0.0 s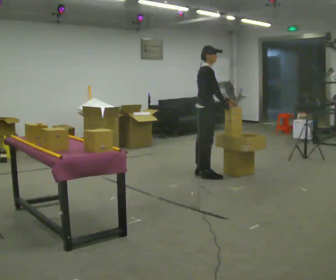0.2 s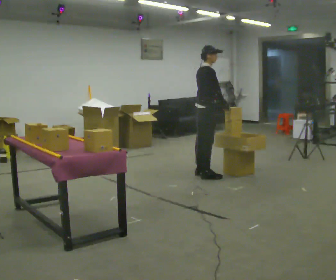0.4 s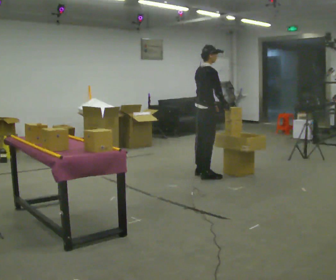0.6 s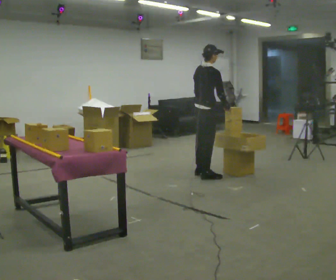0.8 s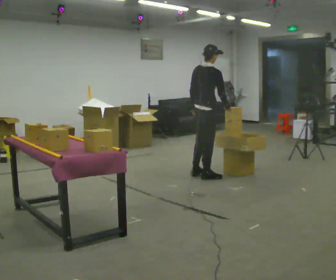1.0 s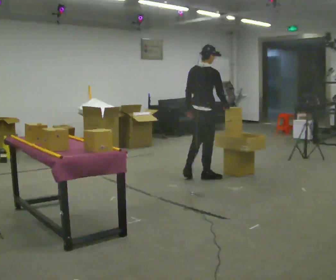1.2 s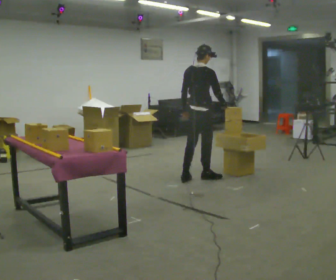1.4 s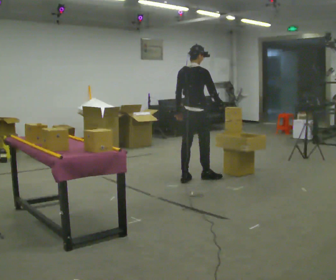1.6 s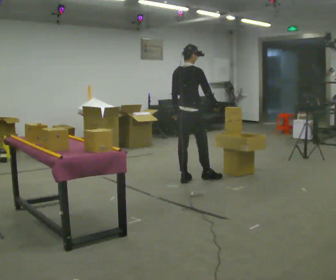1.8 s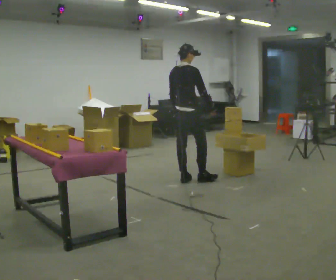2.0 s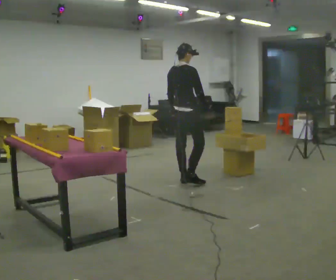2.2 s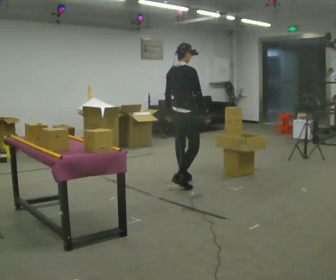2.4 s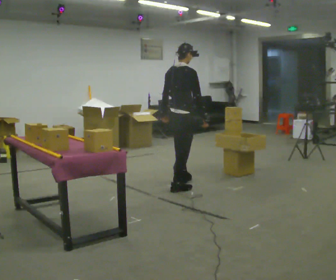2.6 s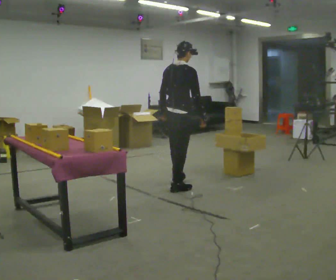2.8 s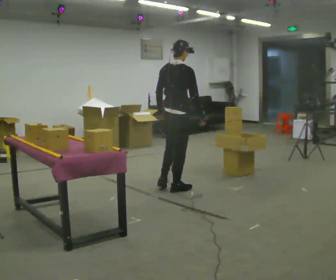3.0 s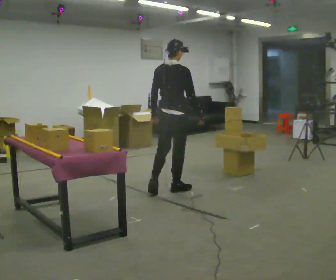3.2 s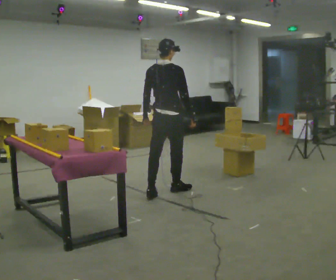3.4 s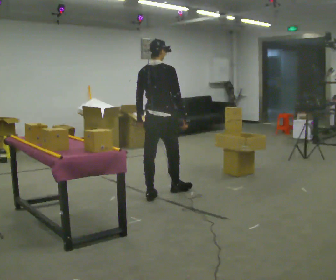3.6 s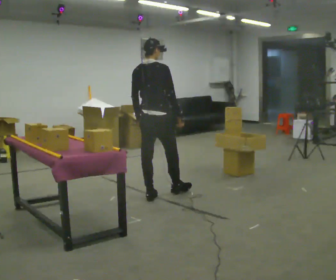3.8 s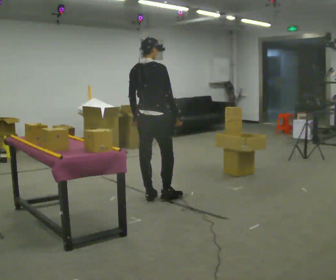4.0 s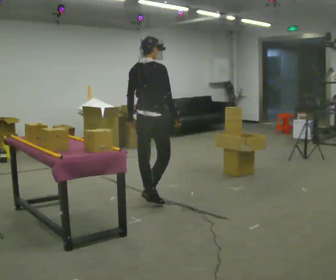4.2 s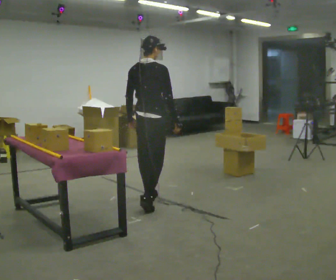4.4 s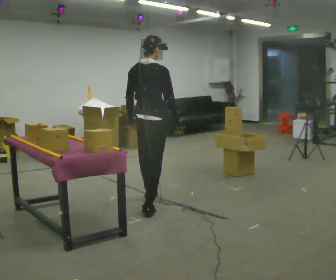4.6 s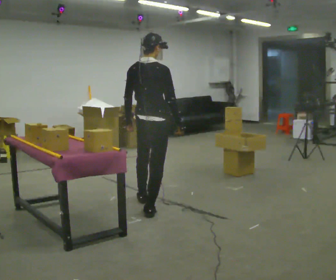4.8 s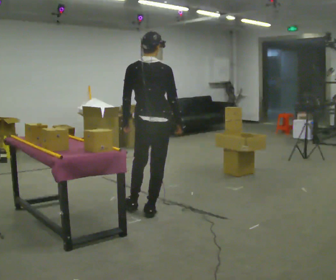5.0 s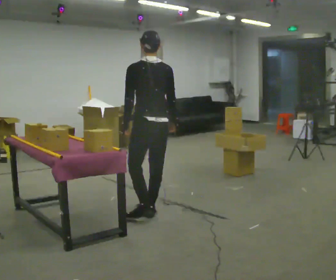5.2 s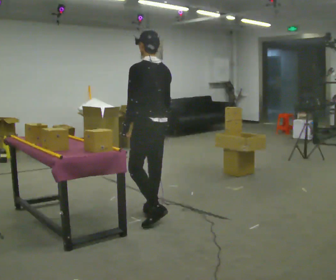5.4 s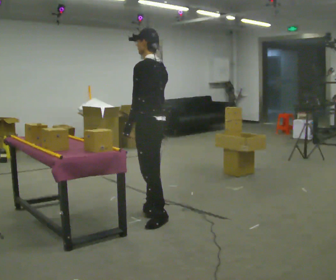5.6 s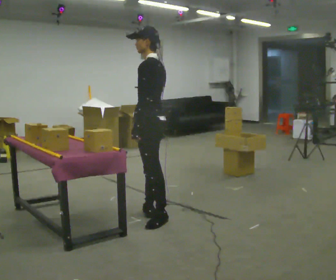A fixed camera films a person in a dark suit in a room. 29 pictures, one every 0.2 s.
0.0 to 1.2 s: Seen from above the body turns counterclockwise, about 45 degrees: to their left, with its near side sliding to the right. In the picture they go toward the camera, about 0.25 m in 1 step, which for them is backward and to their right. In the picture their left hand goes to the left, the arm swinging clockwise.
1.2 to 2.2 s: In the picture they go to the left and toward the camera, about 0.25 m in 1 step, which for them is backward.
2.2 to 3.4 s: In the picture they go toward the camera and to the left, about 0.5 m in 1 step, which for them is backward.
3.4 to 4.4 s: In the picture they go toward the camera, about 0.5 m in 1 step, which for them is backward.
4.4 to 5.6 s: Seen from above the body turns counterclockwise, about 105 degrees: to their left, with its near side sliding to the right. In the picture they go toward the camera, about 0.5 m in 1 step.
The film runs backward here.
